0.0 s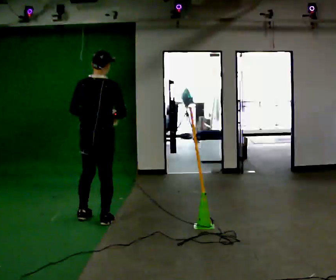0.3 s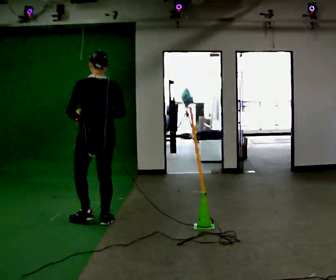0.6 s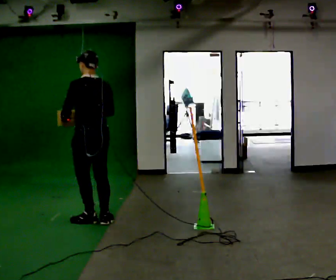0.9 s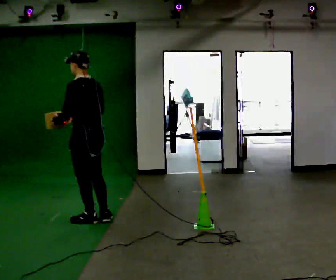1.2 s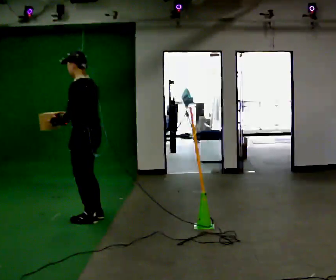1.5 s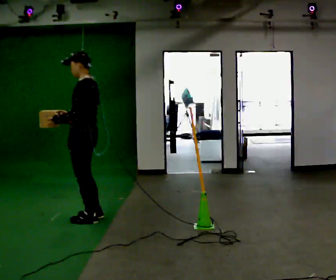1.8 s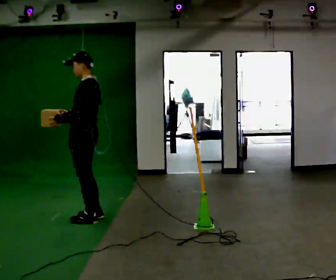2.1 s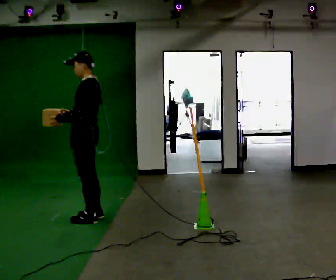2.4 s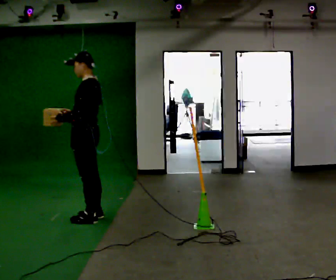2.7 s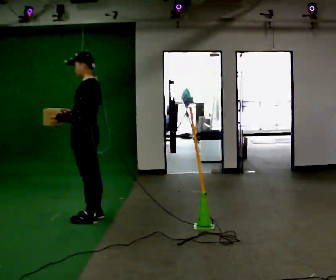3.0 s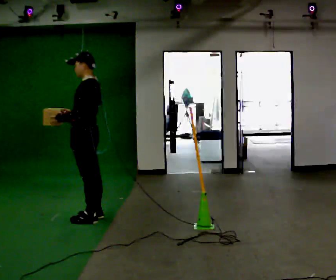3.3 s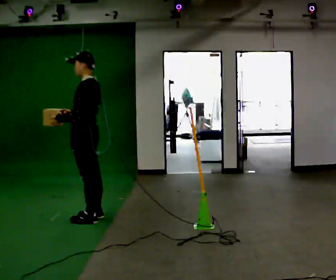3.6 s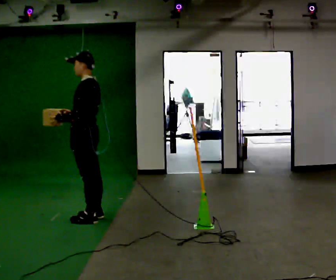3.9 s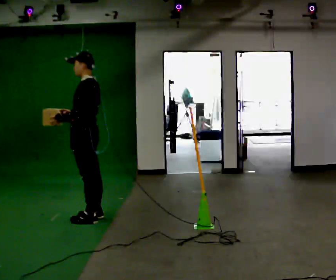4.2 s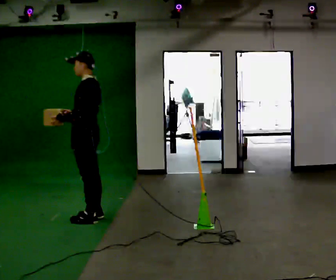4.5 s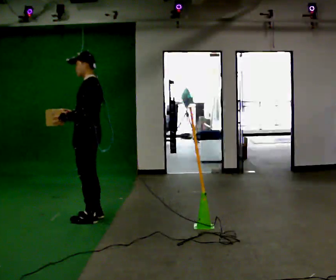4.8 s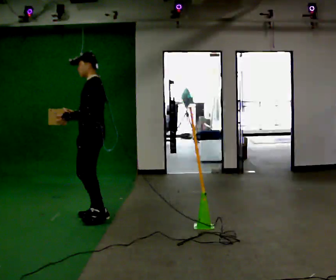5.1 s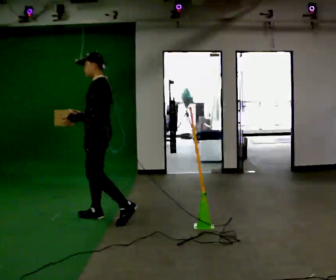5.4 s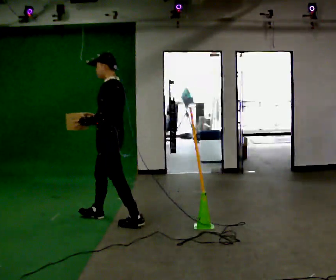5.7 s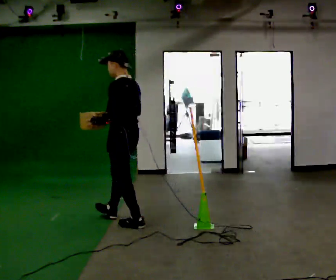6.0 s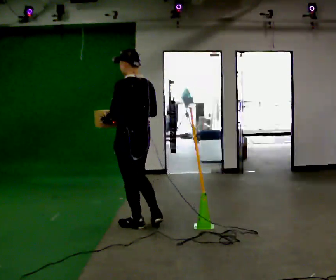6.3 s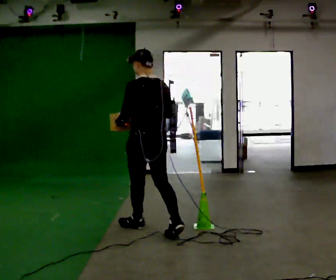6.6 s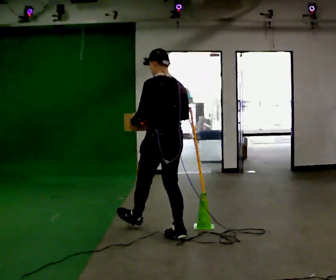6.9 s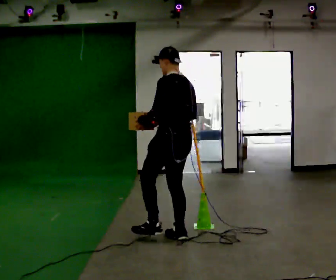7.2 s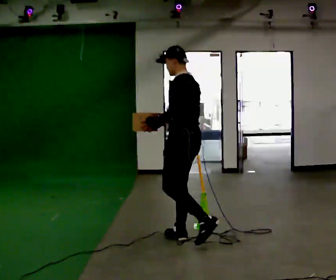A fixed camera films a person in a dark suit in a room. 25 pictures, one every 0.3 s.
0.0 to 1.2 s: The part of the body nearest the lens slides to the right as the person turns to their left by about 90 degrees. In the picture their left hand goes to the left.
1.2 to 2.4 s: The person moves a little, or ends about where they began.
2.4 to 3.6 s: The person keeps their place and pose.
3.6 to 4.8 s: The person moves a little, or ends about where they began.
4.8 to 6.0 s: The part of the body nearest the lens slides to the left as the person turns to their right by about 45 degrees. In the picture they go toward the camera and to the right, about 0.5 m in 1 step, which for them is backward and to their left.
6.0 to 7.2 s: In the picture they go toward the camera and to the right, about 0.5 m in 1 step, which for them is backward.
The film runs backward here.
